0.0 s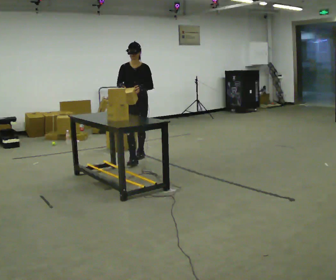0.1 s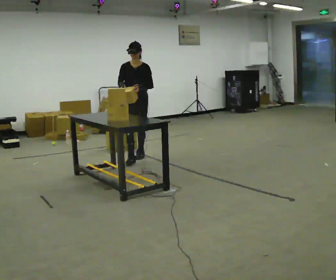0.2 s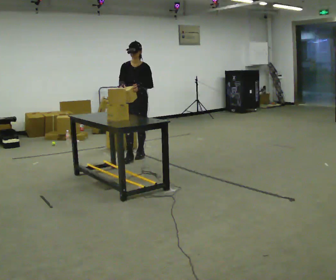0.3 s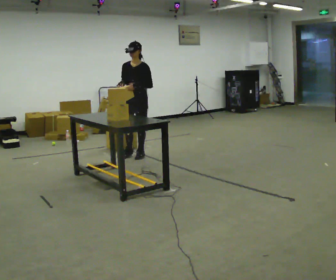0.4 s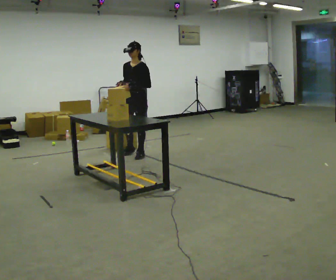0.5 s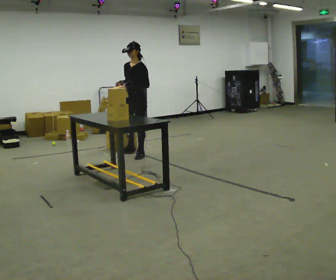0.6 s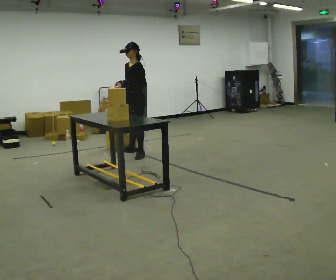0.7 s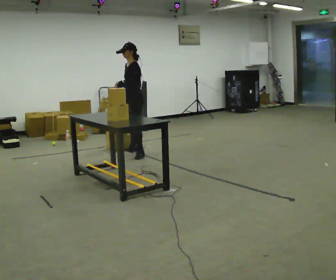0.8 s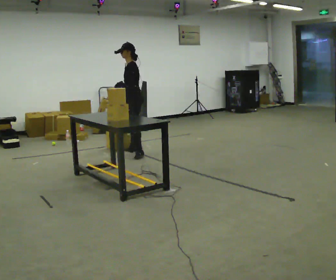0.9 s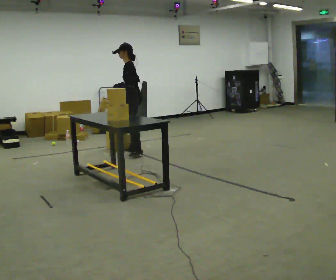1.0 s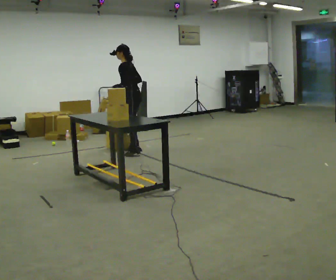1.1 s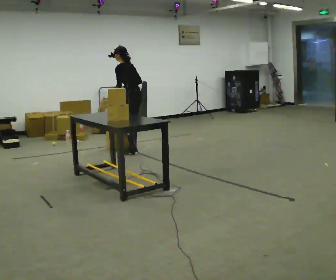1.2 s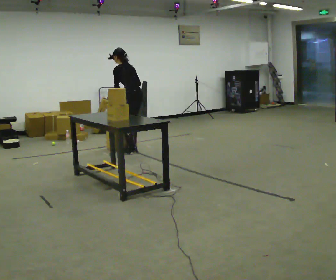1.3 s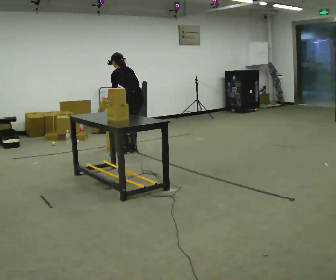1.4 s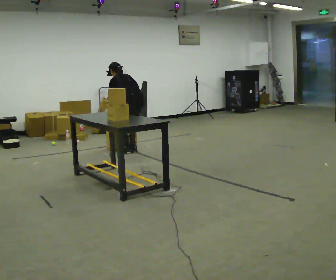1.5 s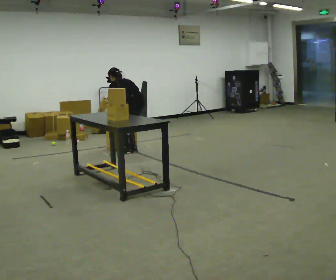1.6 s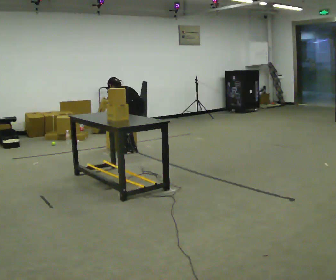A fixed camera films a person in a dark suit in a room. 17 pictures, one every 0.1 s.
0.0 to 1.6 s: The person turns about 135 degrees to their right, clockwise seen from above, so the part of the body nearest the lens slides to the left. In the picture they go away from the camera, about 0.25 m in 1 step. The upper body goes downward. The upper body tips away from the camera, its near side rolling upward, as they bend forward. In the picture their right hand goes downward.
The film runs backward here.
